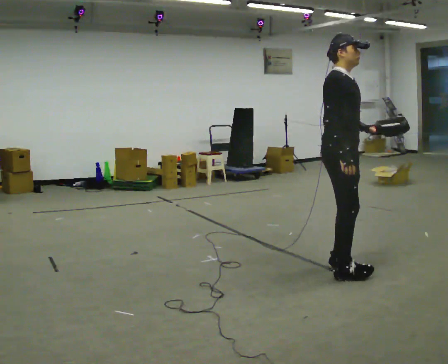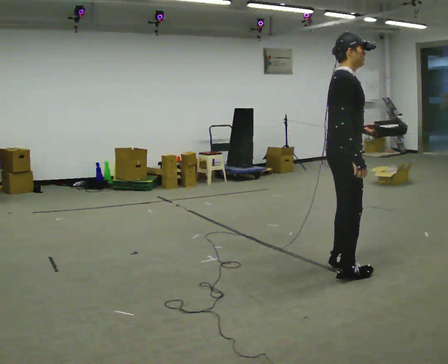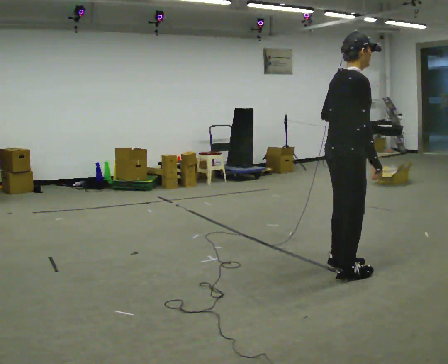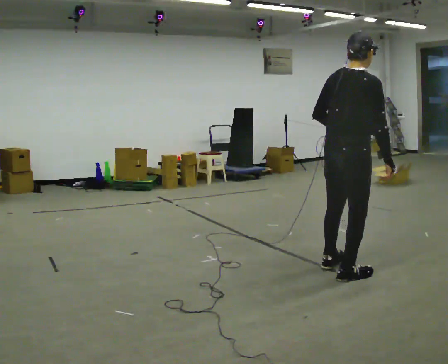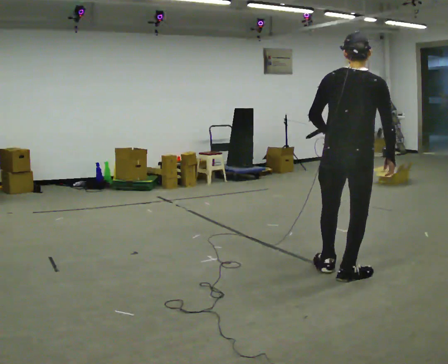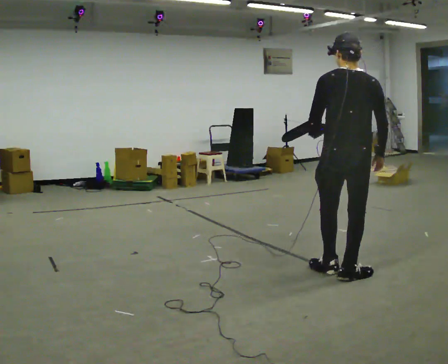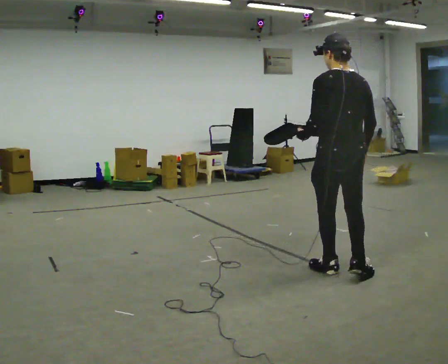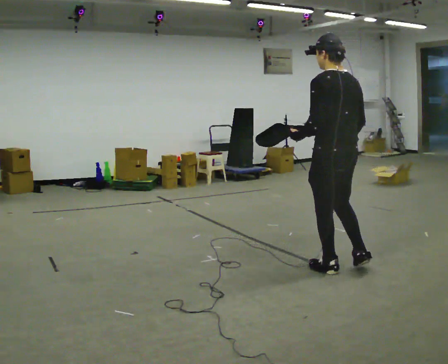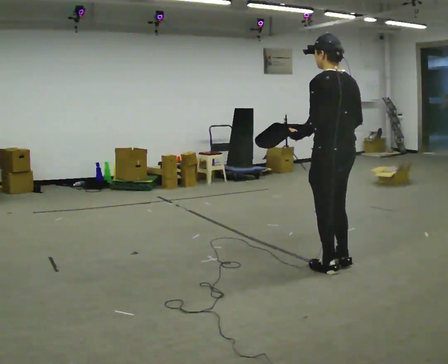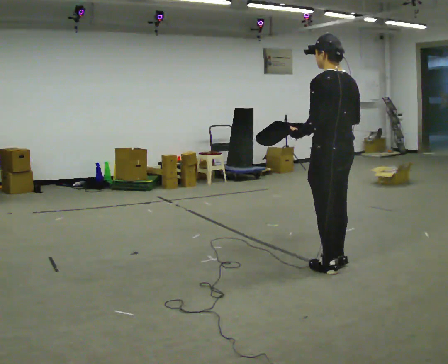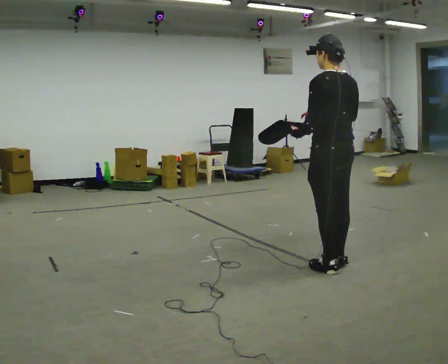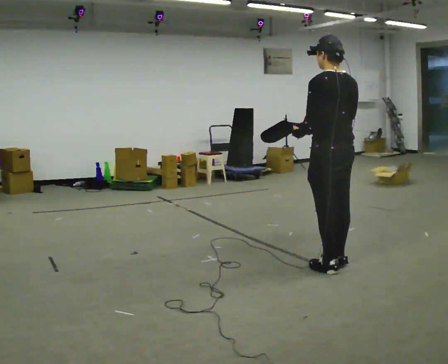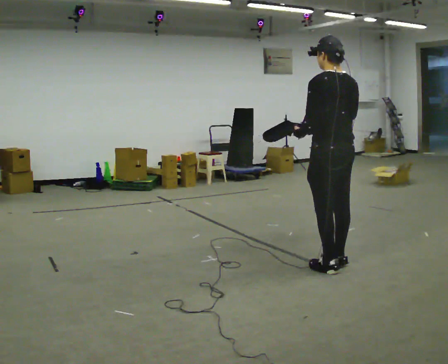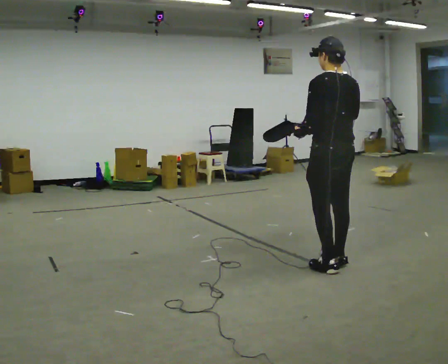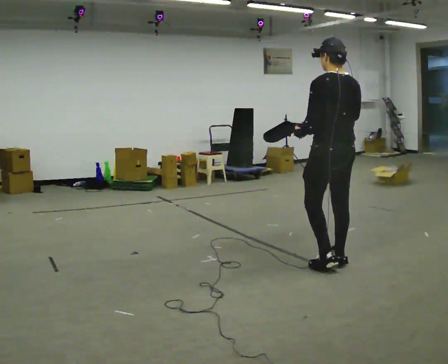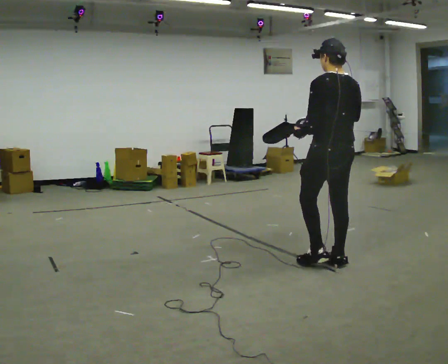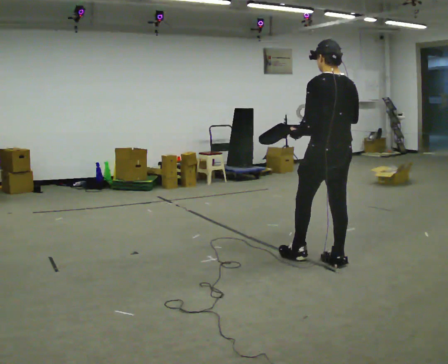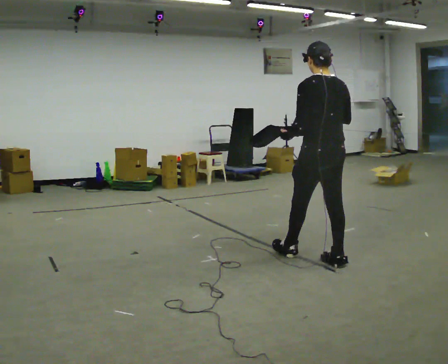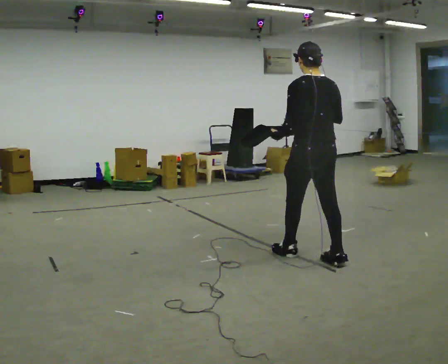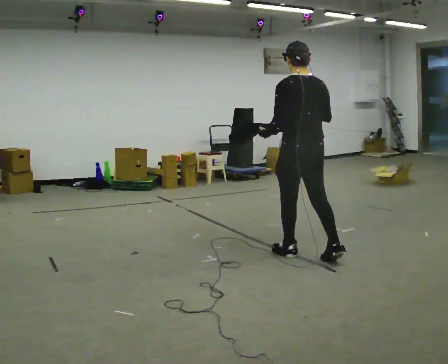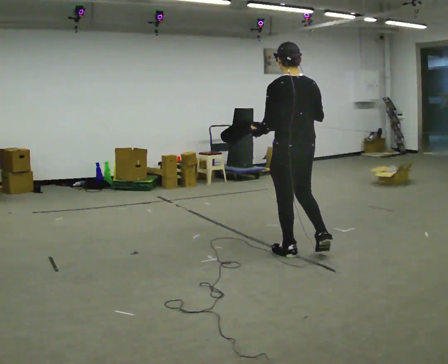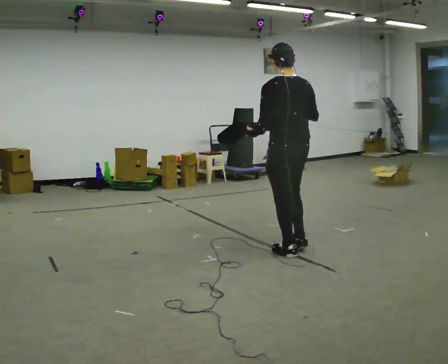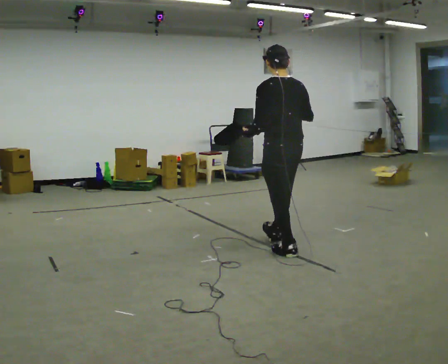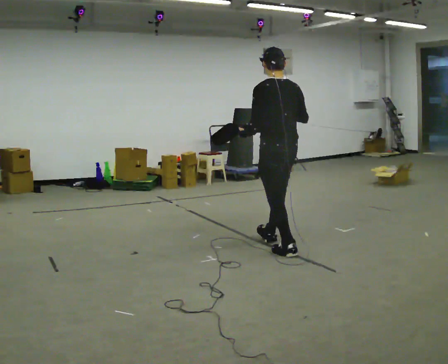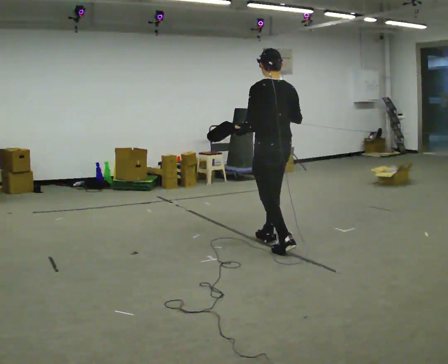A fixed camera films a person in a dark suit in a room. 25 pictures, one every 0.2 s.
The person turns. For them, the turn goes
to their left.
Their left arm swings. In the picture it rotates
clockwise.
0.0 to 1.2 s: The person turns about 135 degrees to their left, counterclockwise seen from above, so the part of the body nearest the lens slides to the right. In the picture their left hand goes to the left, the arm swinging clockwise.
1.2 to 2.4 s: In the picture they go away from the camera, about 0.25 m in 1 step, which for them is forward. In the picture their right hand goes to the left.
2.4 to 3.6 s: In the picture they go away from the camera and to the left, about 0.25 m in 1 step, which for them is forward.
3.6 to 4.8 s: In the picture they go away from the camera and to the left, about 0.5 m in 1 step, which for them is forward.
The film runs forward here.
